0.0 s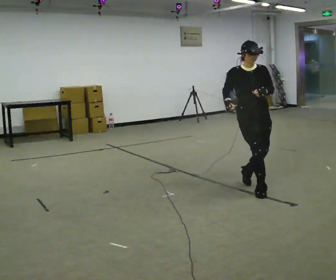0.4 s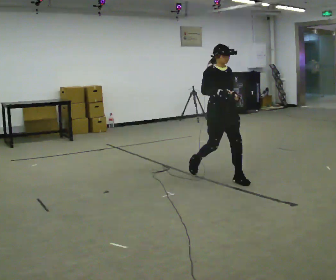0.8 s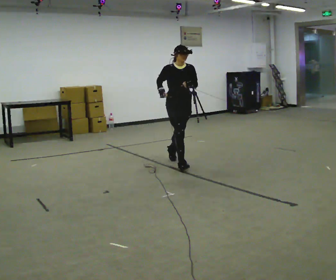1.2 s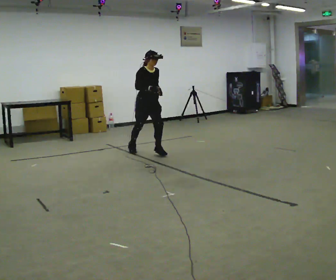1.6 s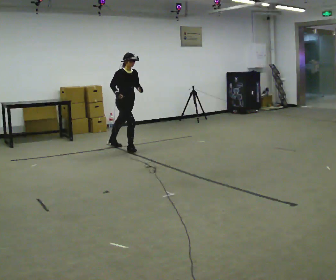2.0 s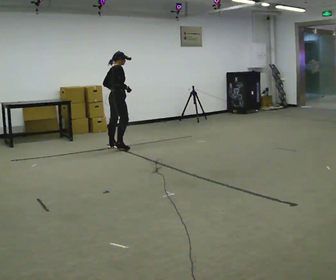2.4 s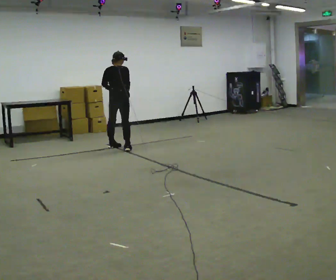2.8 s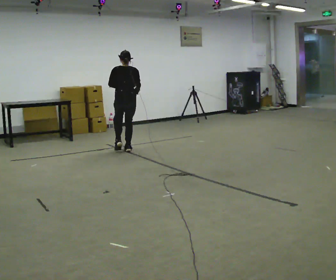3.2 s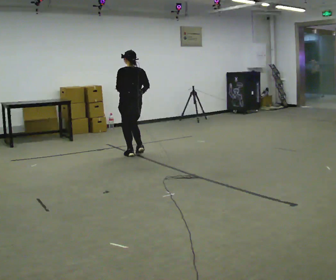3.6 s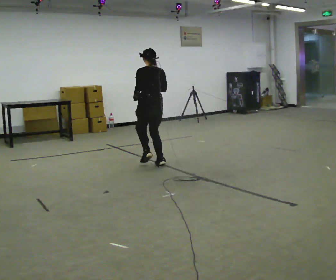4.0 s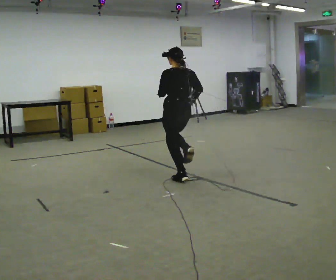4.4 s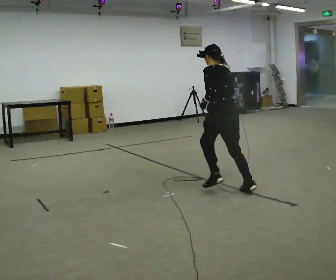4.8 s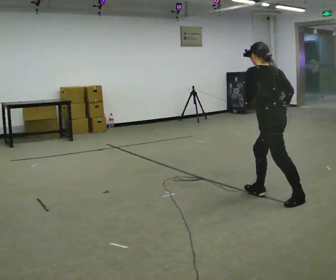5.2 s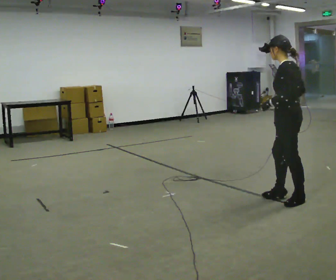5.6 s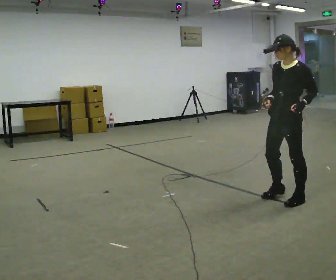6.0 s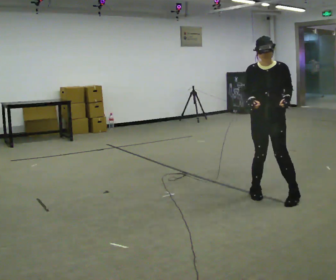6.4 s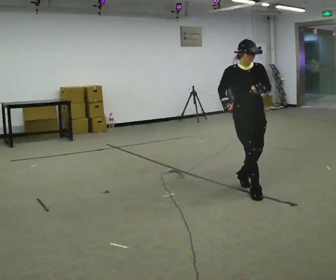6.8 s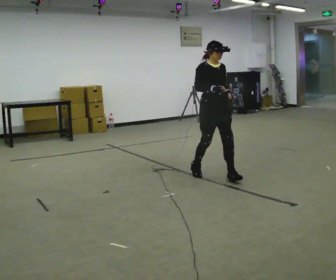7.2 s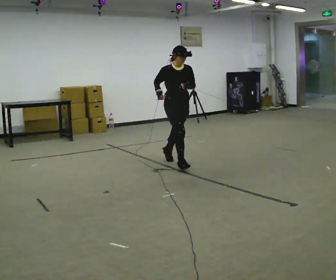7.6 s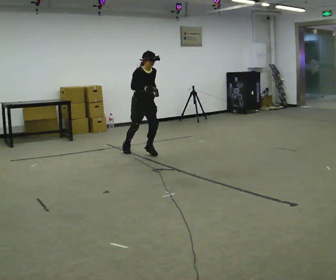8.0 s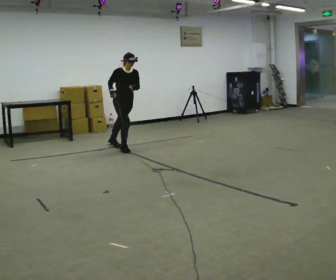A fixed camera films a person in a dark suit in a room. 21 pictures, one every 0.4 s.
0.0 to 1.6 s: The person turns about 45 degrees to their left, counterclockwise seen from above, so the part of the body nearest the lens slides to the right. In the picture they go away from the camera and to the left, about 2.5 m in 4 steps, which for them is backward.
1.6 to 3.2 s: The part of the body nearest the lens slides to the right as the person turns to their left by about 150 degrees. In the picture they go toward the camera, about 0.25 m in 2 steps.
3.2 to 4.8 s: Seen from above the body turns counterclockwise, about 30 degrees: to their left, with its near side sliding to the right. In the picture they go toward the camera and to the right, about 2.5 m in 4 steps, which for them is backward.
4.8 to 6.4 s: The person turns about 150 degrees to their left, counterclockwise seen from above, so the part of the body nearest the lens slides to the right. In the picture they go away from the camera and to the left, about 0.25 m in 3 steps.
6.4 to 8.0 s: The person turns about 30 degrees to their left, counterclockwise seen from above, so the part of the body nearest the lens slides to the right. In the picture they go away from the camera and to the left, about 2.5 m in 3 steps, which for them is backward. In the picture the upper body tilts clockwise, shoulders to the right.
The film runs backward here.
